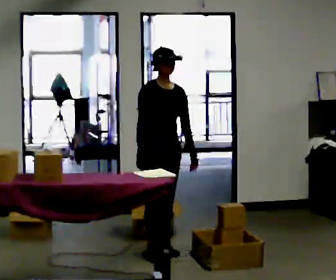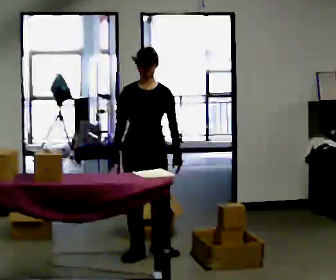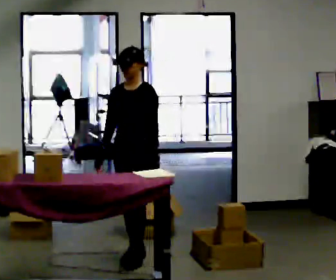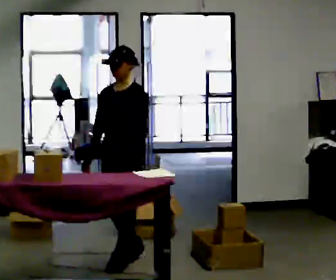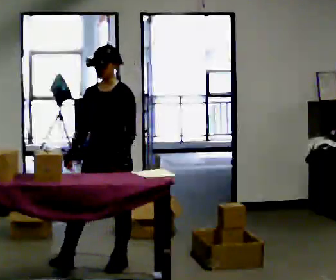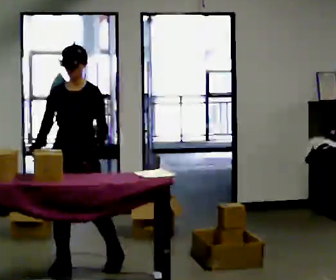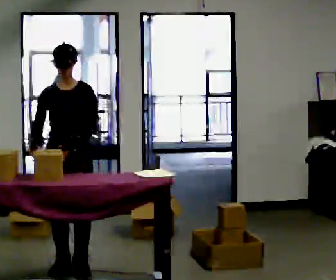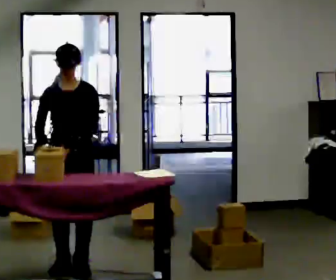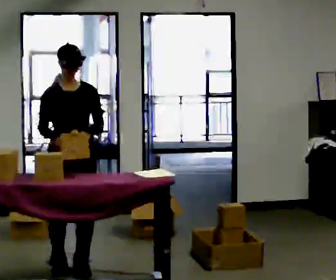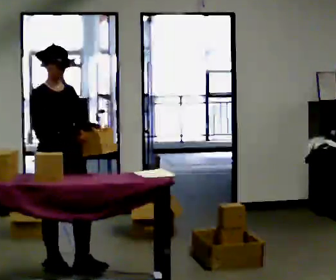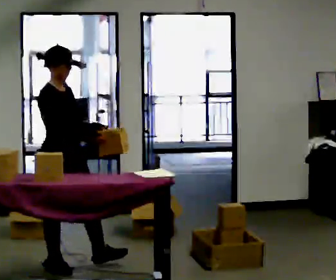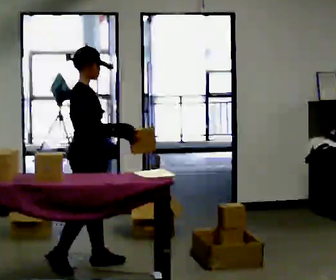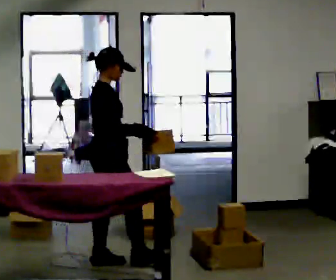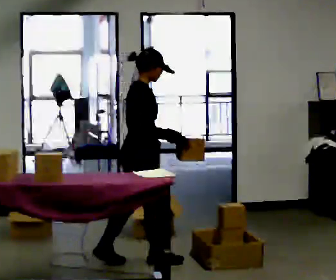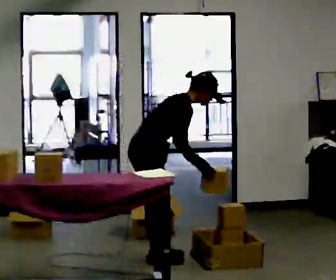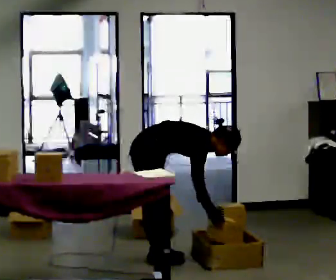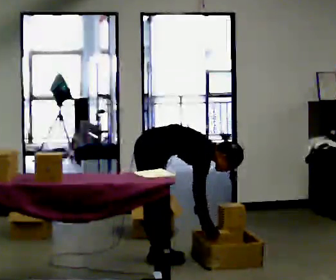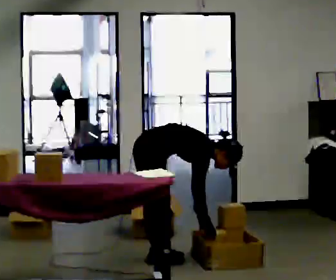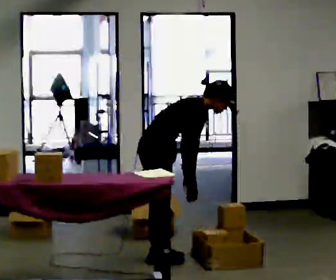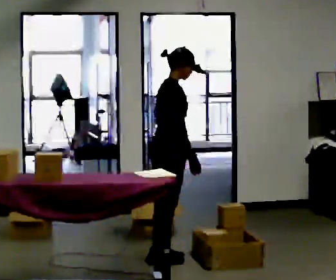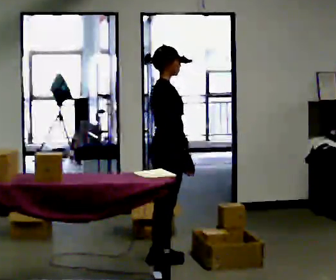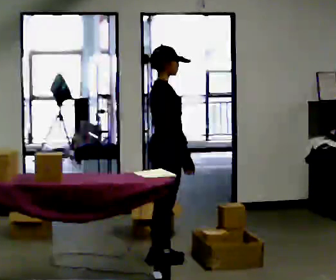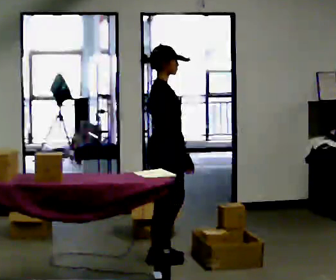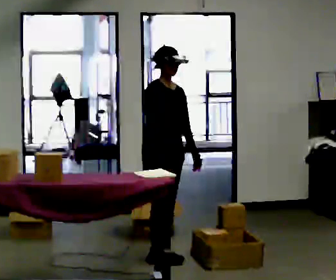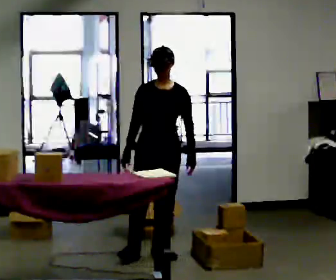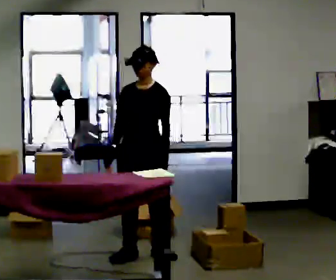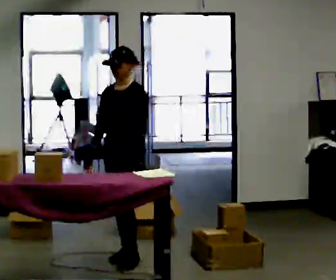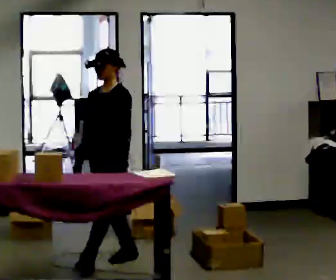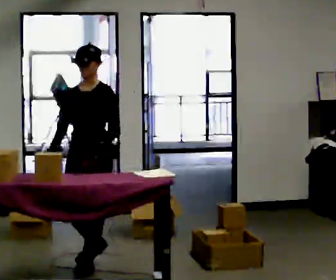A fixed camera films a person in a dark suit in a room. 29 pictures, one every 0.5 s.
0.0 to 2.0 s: The person turns about 60 degrees to their right, clockwise seen from above, so the part of the body nearest the lens slides to the left. In the picture they go toward the camera and to the left, about 0.5 m in 2 steps.
2.0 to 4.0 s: The part of the body nearest the lens slides to the right as the person turns to their left by about 45 degrees. In the picture they go to the left, about 0.25 m in 2 steps, which for them is to their right and forward.
4.0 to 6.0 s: The part of the body nearest the lens slides to the right as the person turns to their left by about 90 degrees. In the picture they go away from the camera and to the right, about 0.25 m in 1 step.
6.0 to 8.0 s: In the picture they go to the right, about 0.25 m in 2 steps, which for them is forward. The upper body goes downward. In the picture the upper body tilts clockwise, shoulders to the right, as they bend forward. In the picture their left hand goes downward.
8.0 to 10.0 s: The upper body goes upward. In the picture the upper body tilts counterclockwise, shoulders to the left, as they lean back or straighten. In the picture their left hand goes upward.
10.0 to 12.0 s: The person turns about 105 degrees to their right, clockwise seen from above, so the part of the body nearest the lens slides to the left. In the picture their right hand goes to the left, the arm swinging clockwise.
12.0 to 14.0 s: The part of the body nearest the lens slides to the left as the person turns to their right by about 30 degrees. In the picture they go toward the camera and to the left, about 0.75 m in 1 step, which for them is forward.
The film runs forward here.
